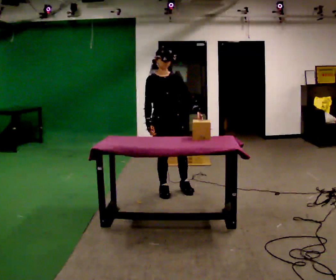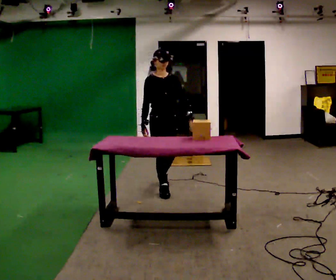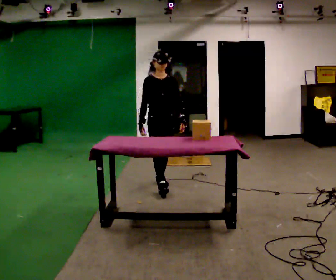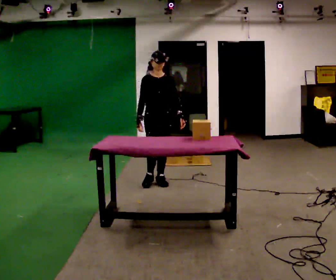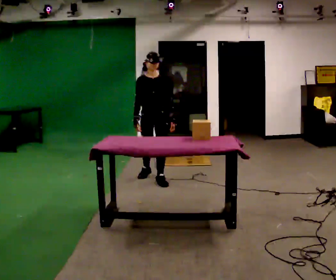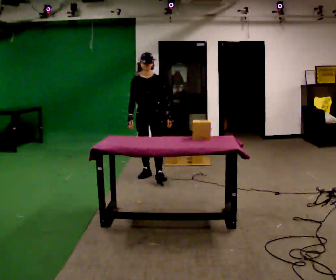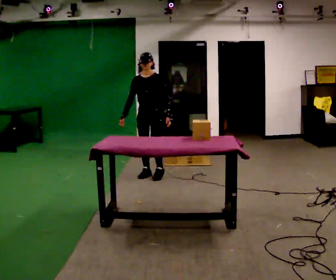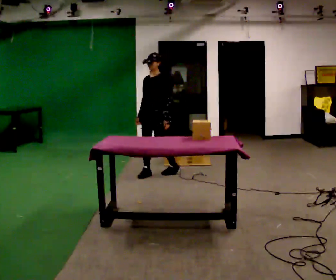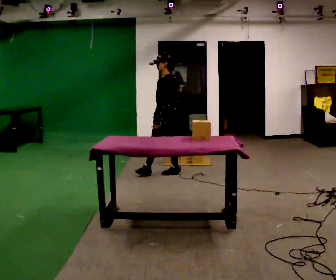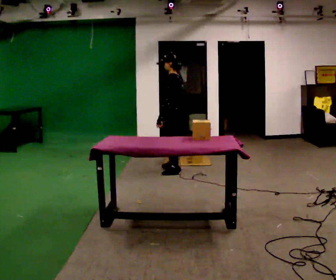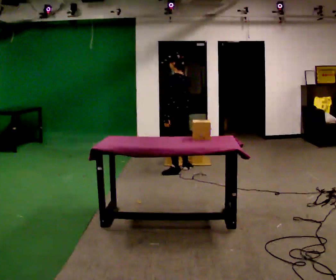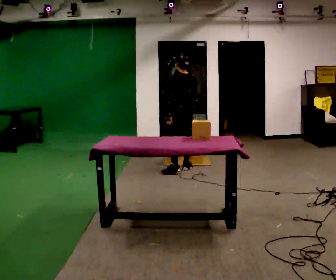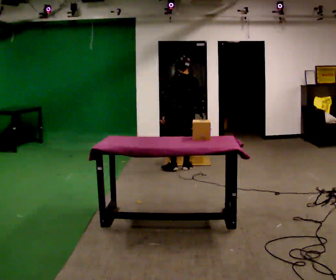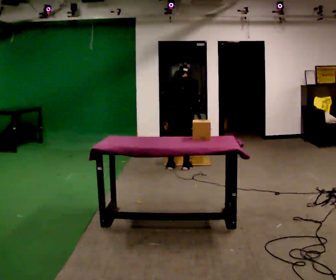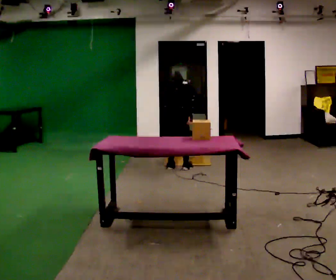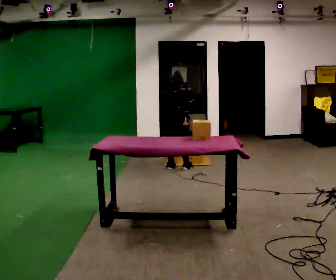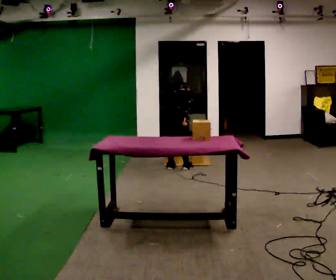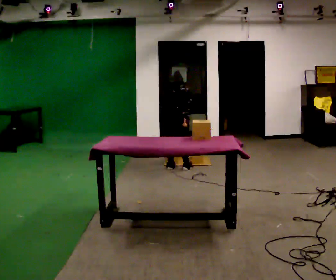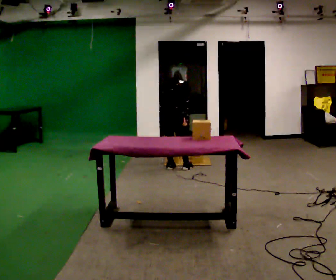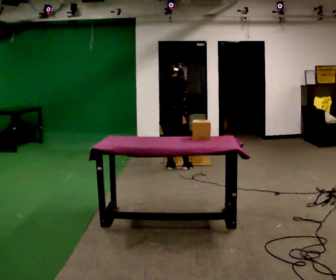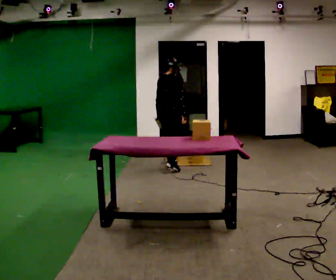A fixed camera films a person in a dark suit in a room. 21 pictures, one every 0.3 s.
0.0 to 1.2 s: In the picture they go away from the camera, about 0.5 m in 1 step, which for them is backward.
1.2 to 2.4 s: Seen from above the body turns clockwise, about 75 degrees: to their right, with its near side sliding to the left. In the picture they go away from the camera, about 0.25 m in 2 steps.
2.4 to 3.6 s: The person turns about 90 degrees to their right, clockwise seen from above, so the part of the body nearest the lens slides to the left. In the picture they go away from the camera and to the right, about 0.25 m in 1 step.
3.6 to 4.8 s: The part of the body nearest the lens slides to the left as the person turns to their right by about 60 degrees. In the picture they go to the left, about 0.25 m, which for them is backward and to their left. The upper body goes downward. The upper body tips away from the camera, its near side rolling upward, as they bend forward.
4.8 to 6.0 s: The shoulders move upward. The upper body tips toward the camera, its near side rolling downward, as they lean back or straighten.
The film runs backward here.
